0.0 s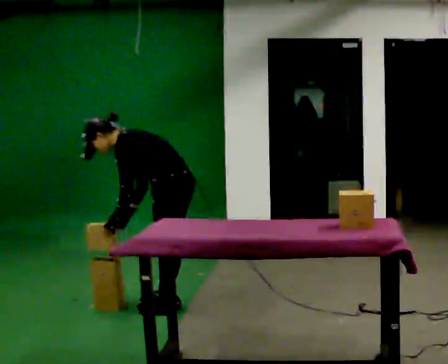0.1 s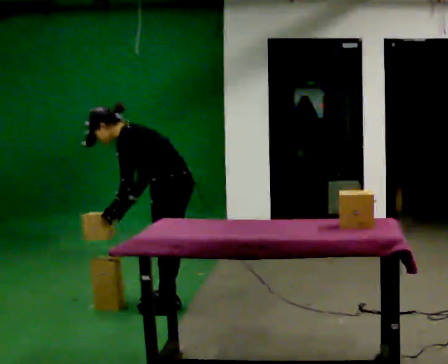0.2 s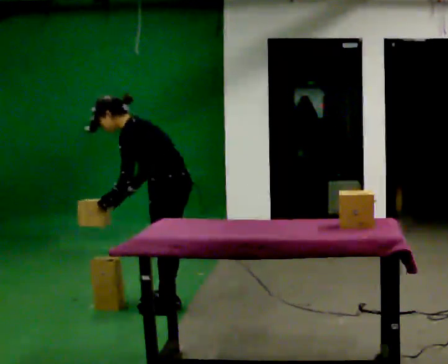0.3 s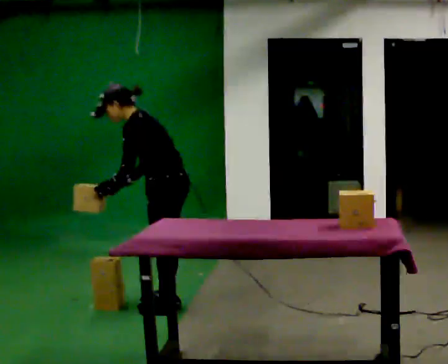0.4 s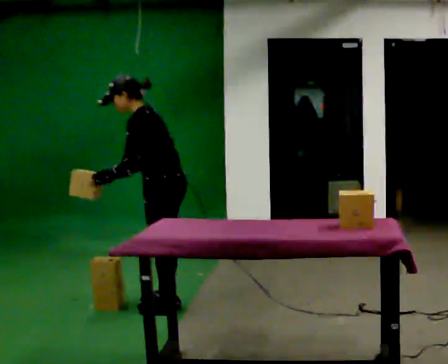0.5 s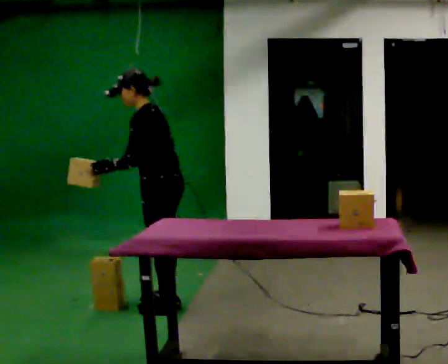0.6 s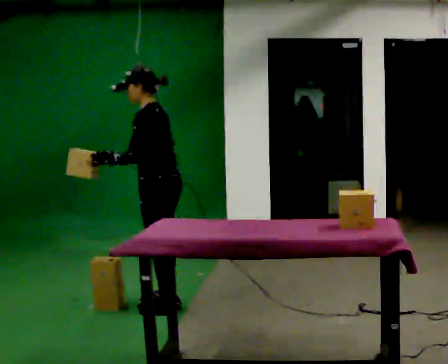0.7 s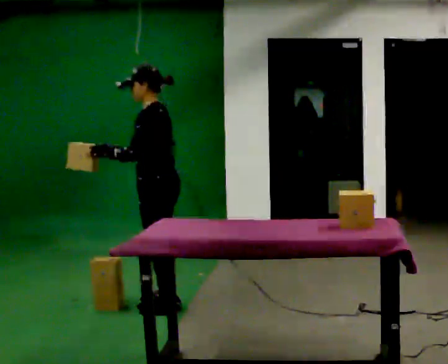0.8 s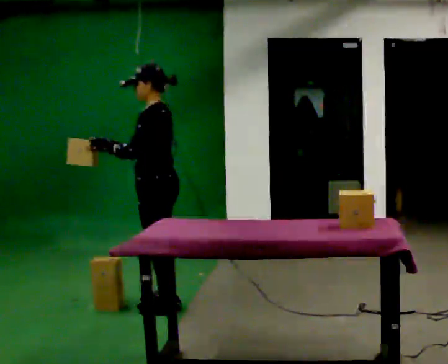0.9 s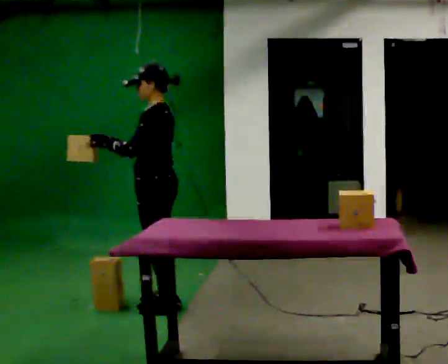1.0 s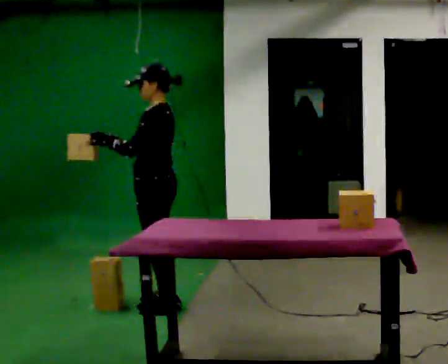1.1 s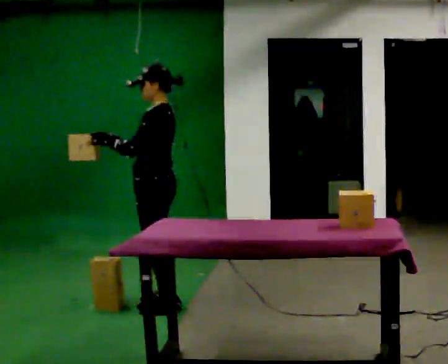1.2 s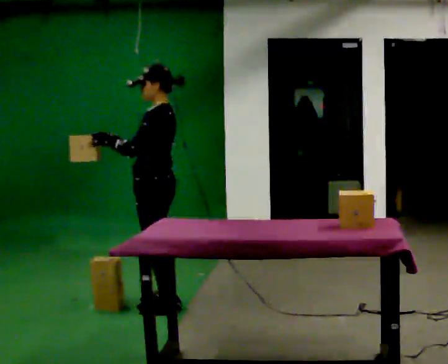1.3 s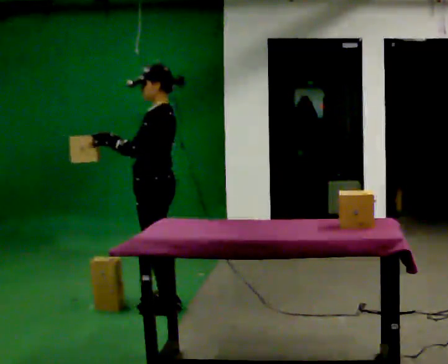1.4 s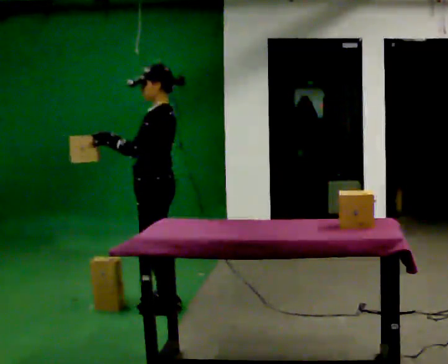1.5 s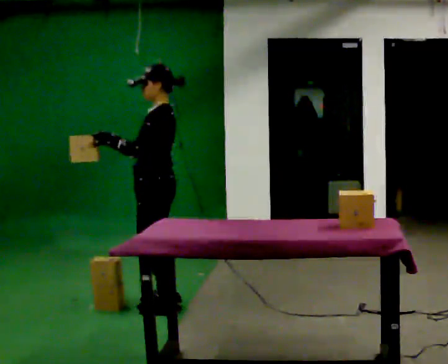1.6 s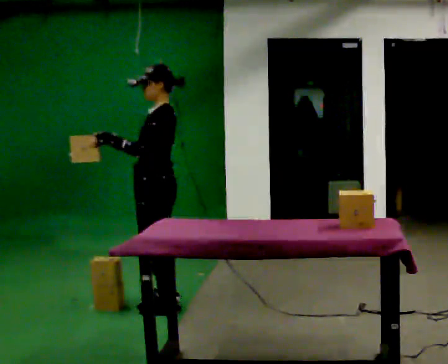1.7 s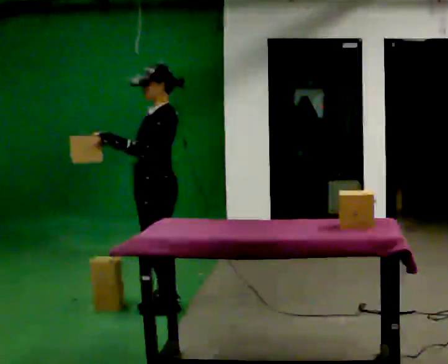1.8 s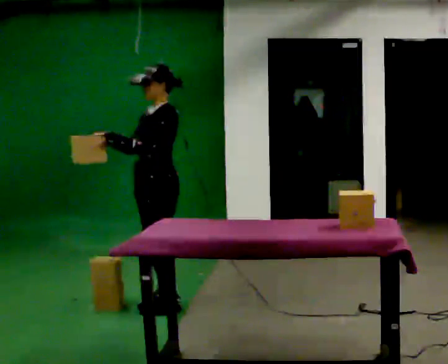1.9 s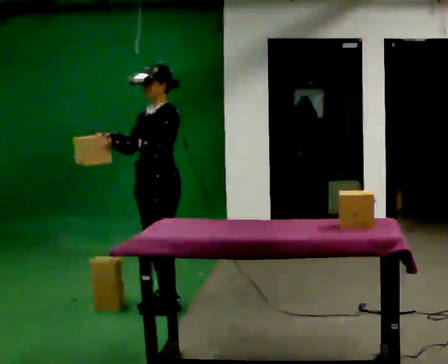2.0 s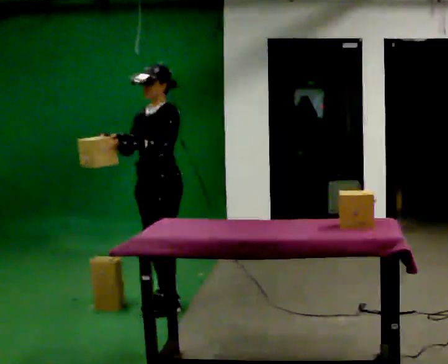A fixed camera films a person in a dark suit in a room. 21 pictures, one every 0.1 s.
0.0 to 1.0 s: The shoulders move upward. In the picture the upper body tilts clockwise, shoulders to the right, as they lean back or straighten. In the picture their left hand goes upward, the arm swinging clockwise.
1.0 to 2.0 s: Seen from above the body turns counterclockwise, about 45 degrees: to their left, with its near side sliding to the right.
The film runs forward here.
